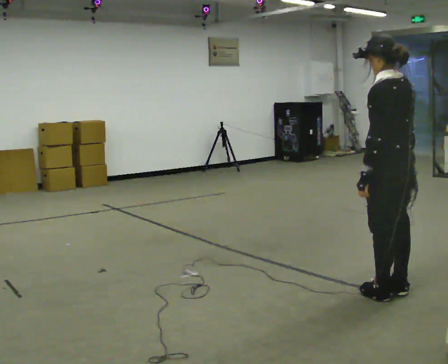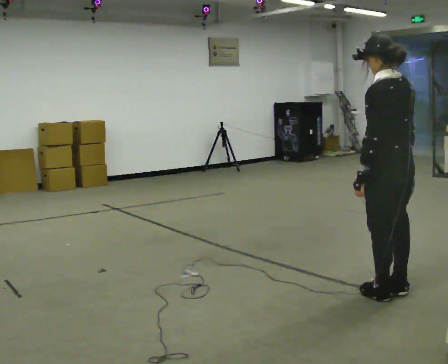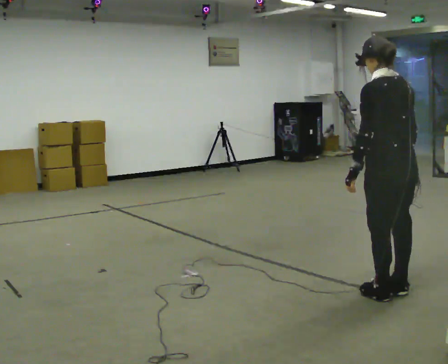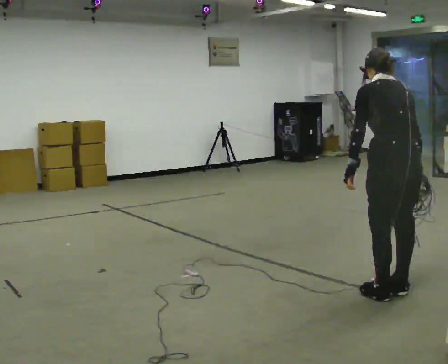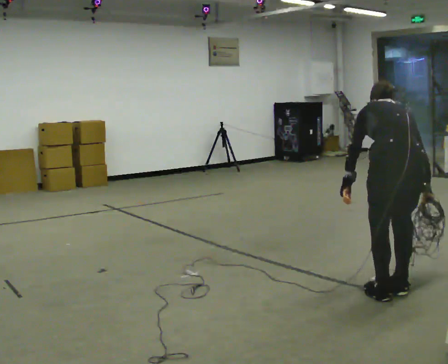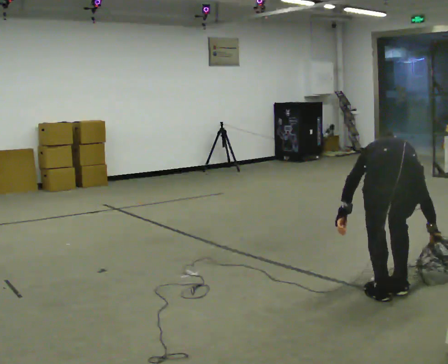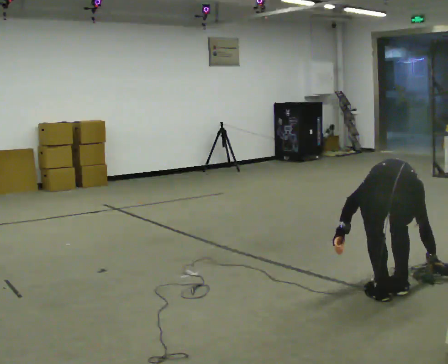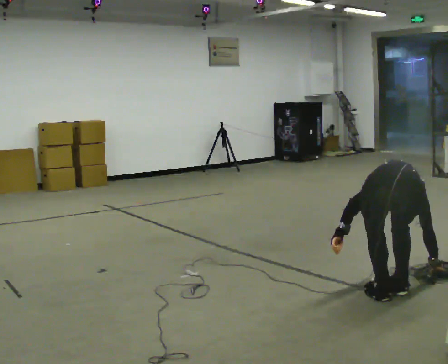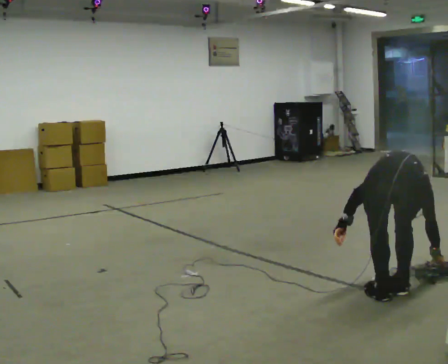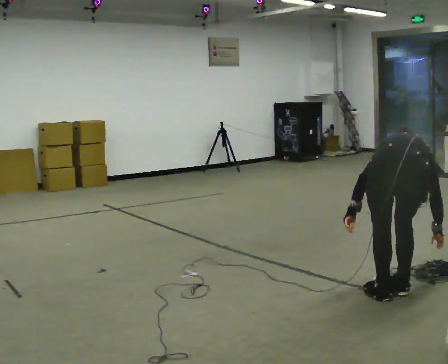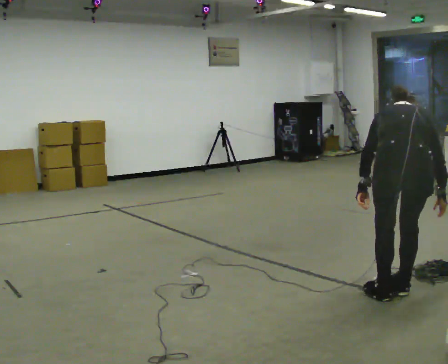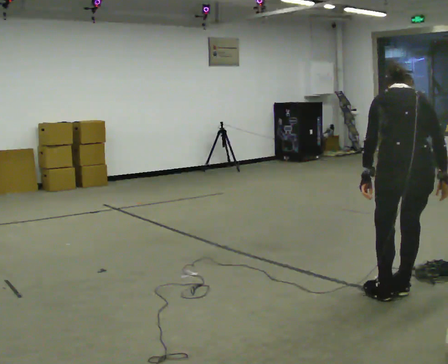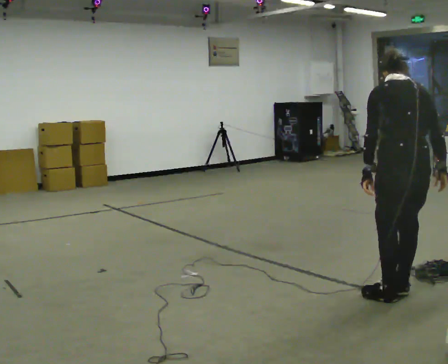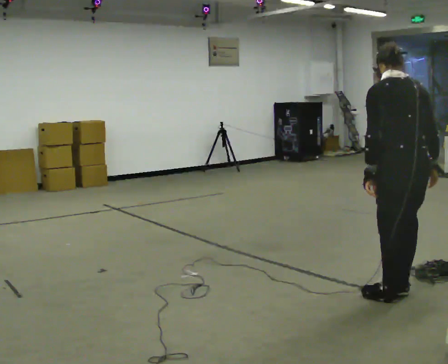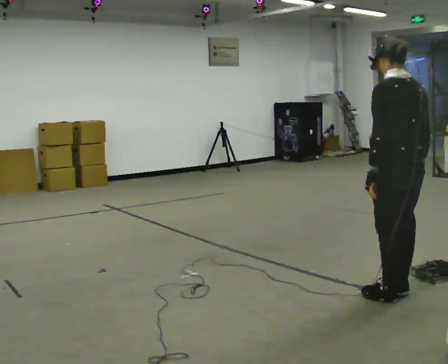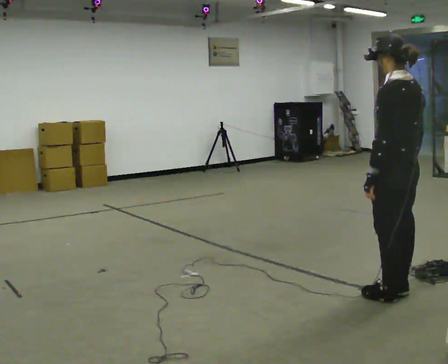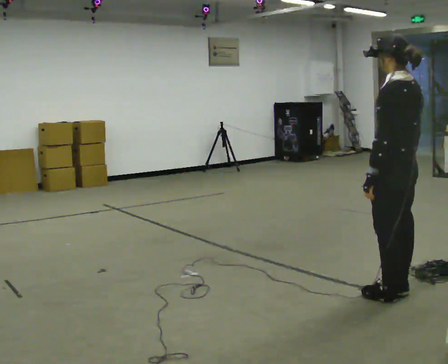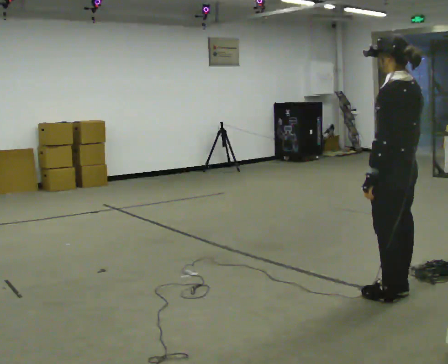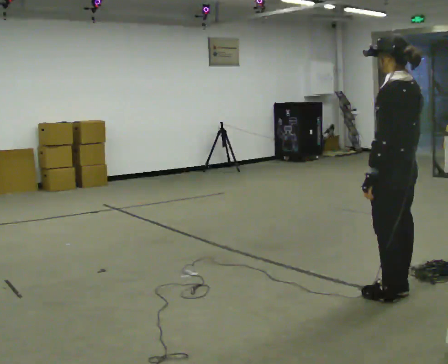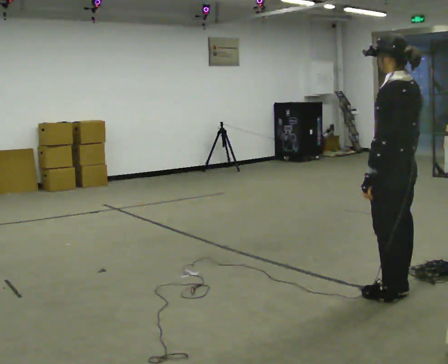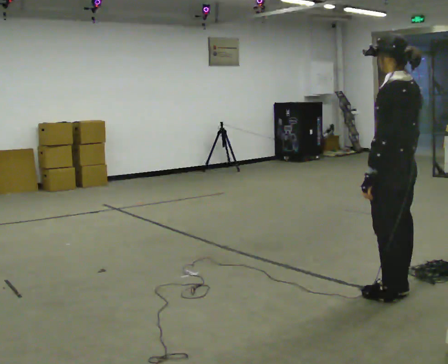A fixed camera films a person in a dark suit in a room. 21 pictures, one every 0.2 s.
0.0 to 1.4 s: The part of the body nearest the lens slides to the left as the person turns to their right by about 60 degrees. The upper body goes downward. The upper body tips away from the camera, its near side rolling upward, as they bend forward. In the picture their right hand goes downward.
1.4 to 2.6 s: The part of the body nearest the lens slides to the right as the person turns to their left by about 30 degrees. The upper body goes upward. The upper body tips toward the camera, its near side rolling downward, as they lean back or straighten. In the picture their left hand goes upward.
2.6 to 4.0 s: The person turns about 30 degrees to their left, counterclockwise seen from above, so the part of the body nearest the lens slides to the right.
The film runs backward here.
